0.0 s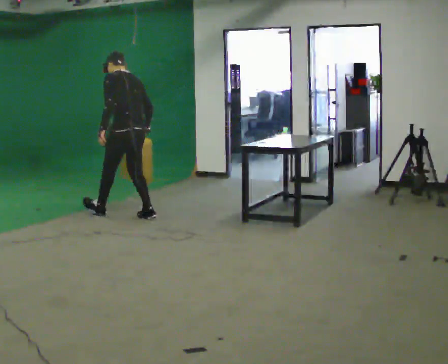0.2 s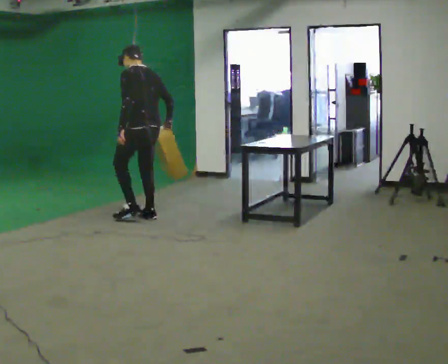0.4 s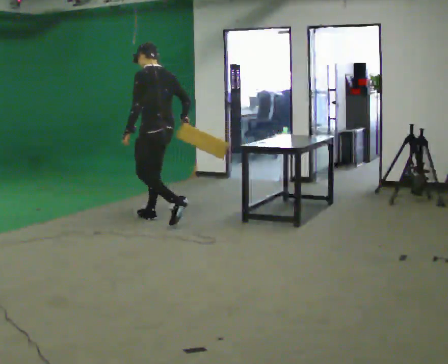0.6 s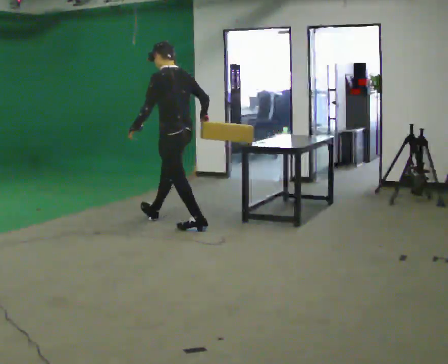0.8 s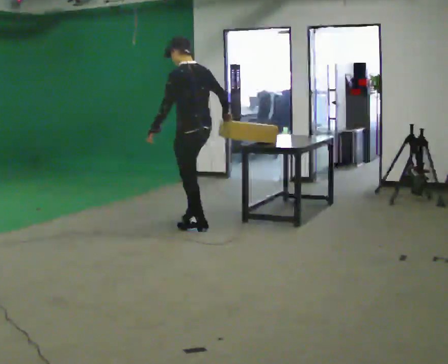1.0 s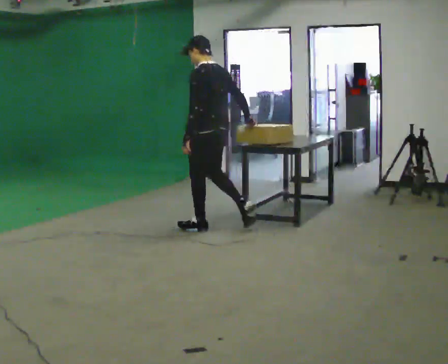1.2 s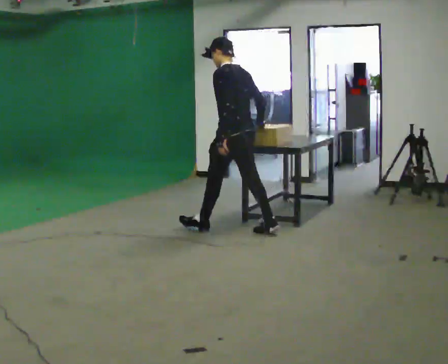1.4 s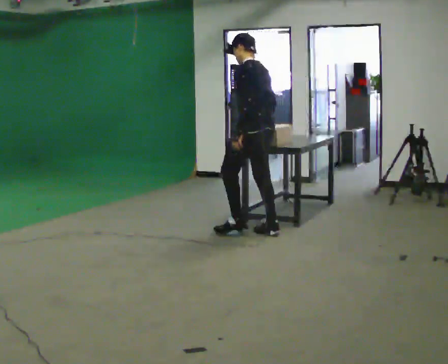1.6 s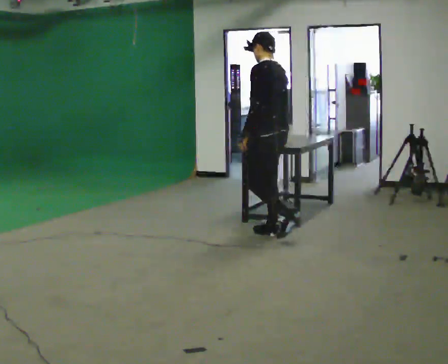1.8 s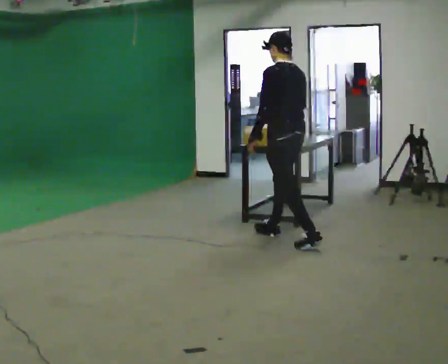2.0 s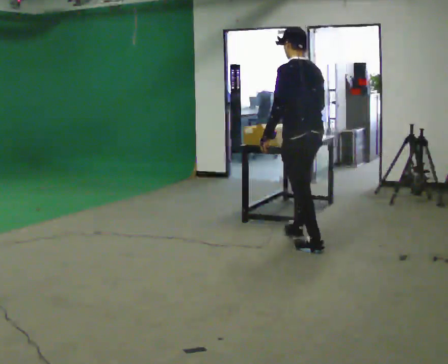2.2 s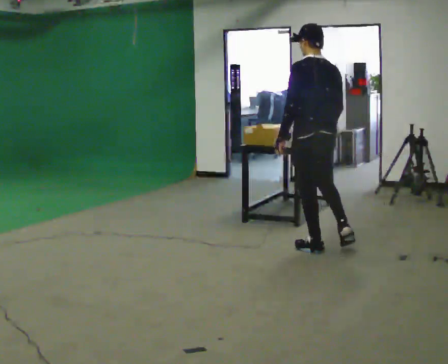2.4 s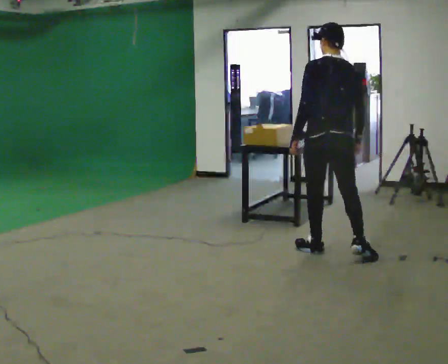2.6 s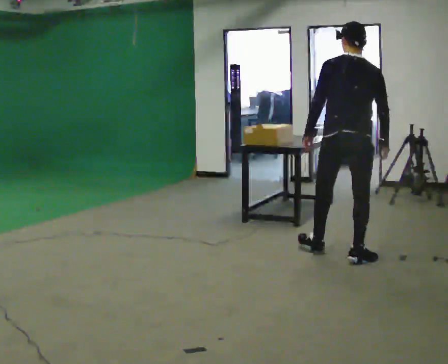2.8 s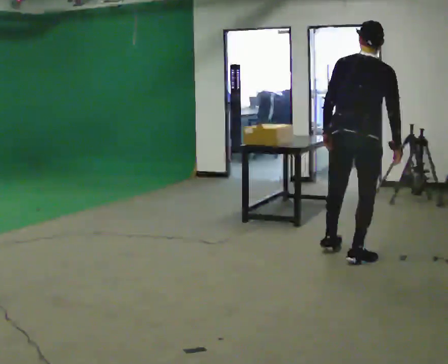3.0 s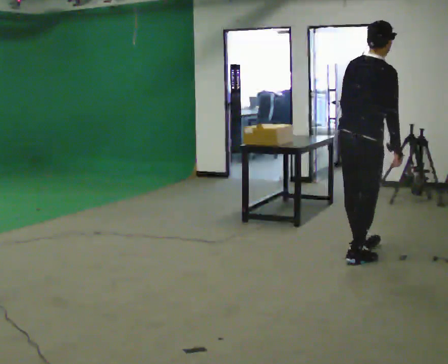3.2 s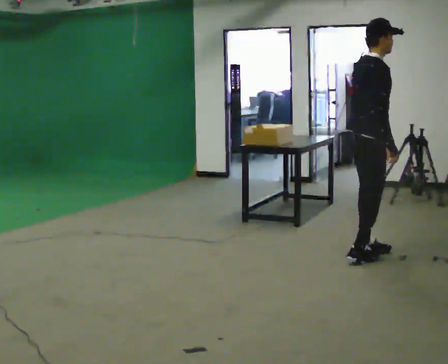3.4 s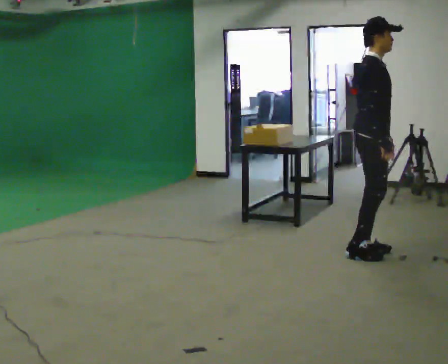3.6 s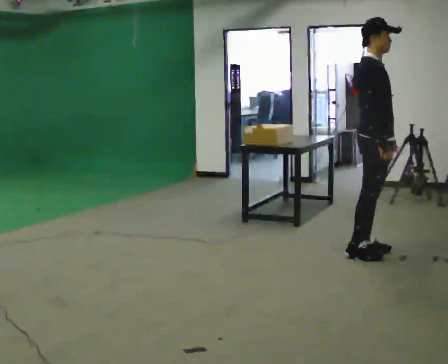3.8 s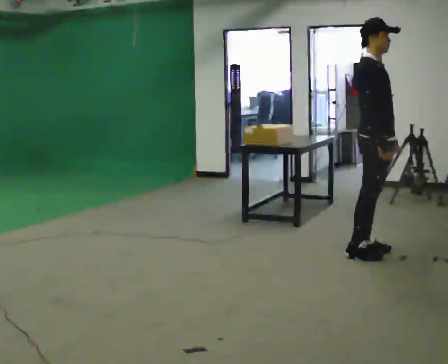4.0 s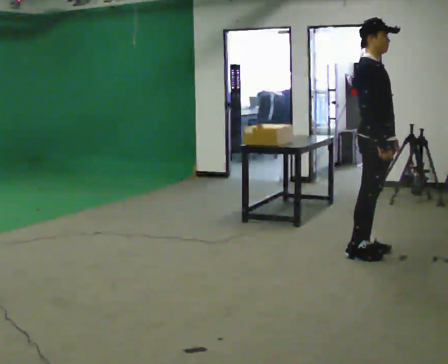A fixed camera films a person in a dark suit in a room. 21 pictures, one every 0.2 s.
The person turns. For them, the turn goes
to their right.
The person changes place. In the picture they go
to the right.
0.0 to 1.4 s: In the picture they go to the right, about 1.5 m in 2 steps, which for them is backward.
1.4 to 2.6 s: Seen from above the body turns clockwise, about 60 degrees: to their right, with its near side sliding to the left. In the picture they go to the right and toward the camera, about 1 m in 1 step, which for them is backward.
2.6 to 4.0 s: Seen from above the body turns clockwise, about 105 degrees: to their right, with its near side sliding to the left. In the picture they go to the right, about 0.25 m in 2 steps. In the picture their left hand goes to the right, the arm swinging counterclockwise.
The film runs backward here.
